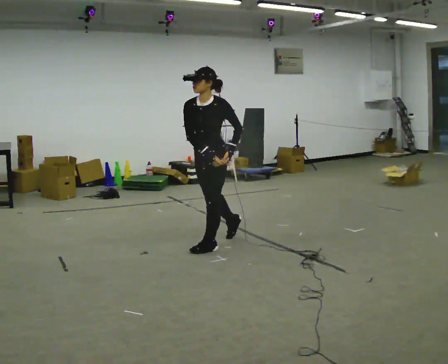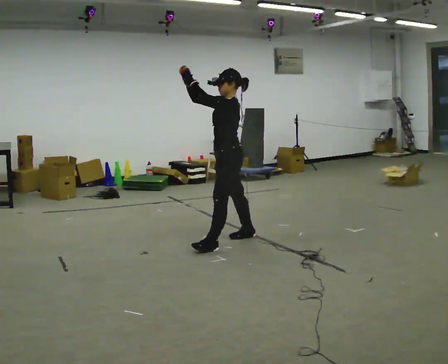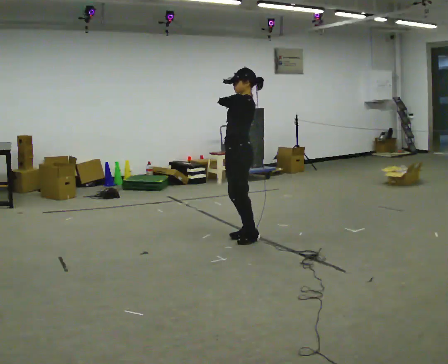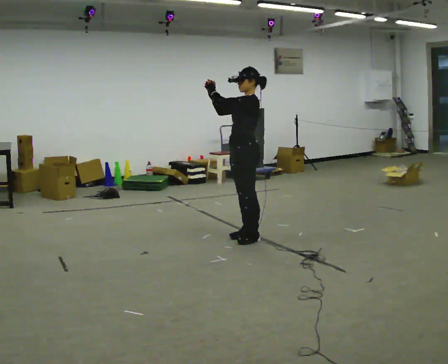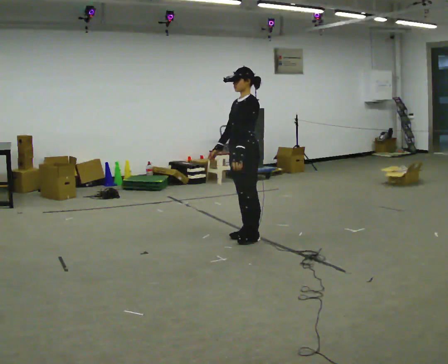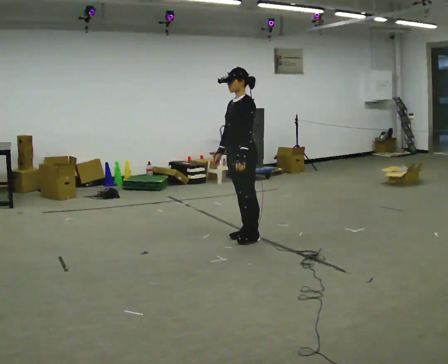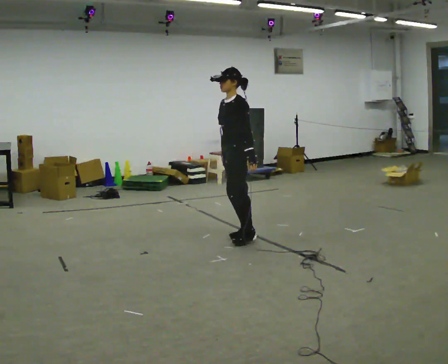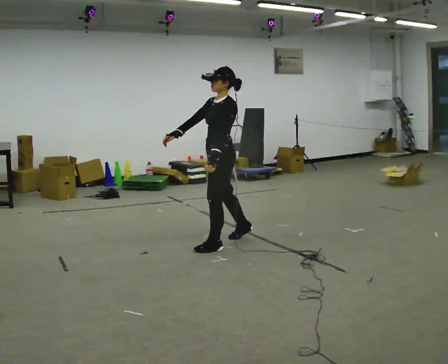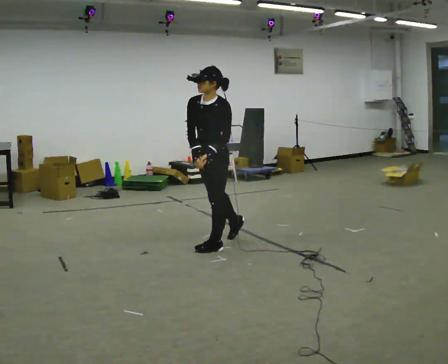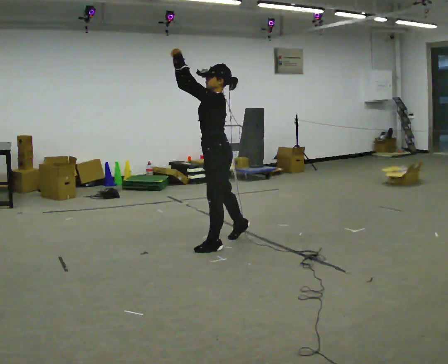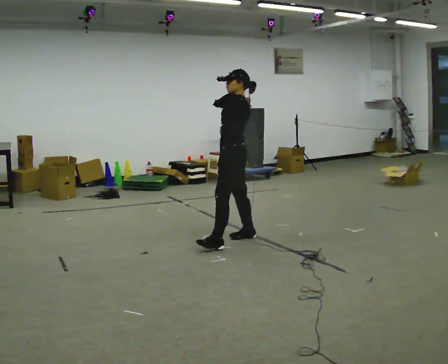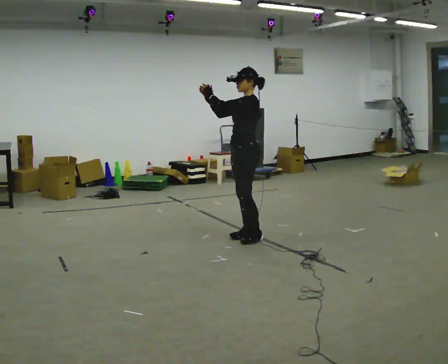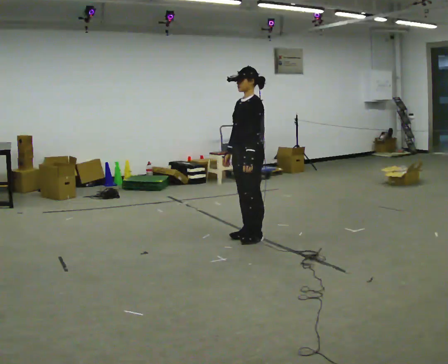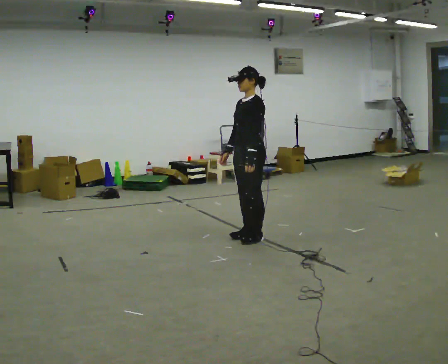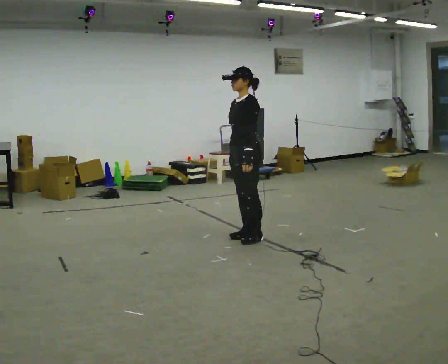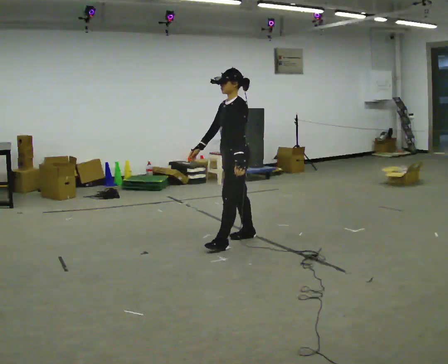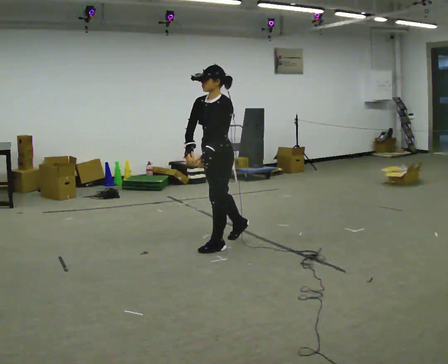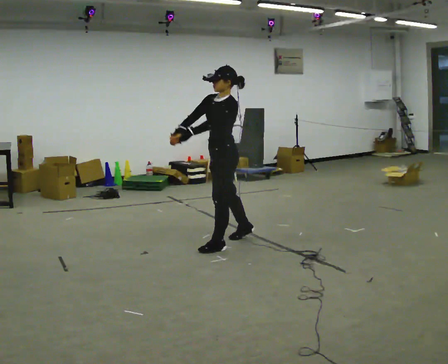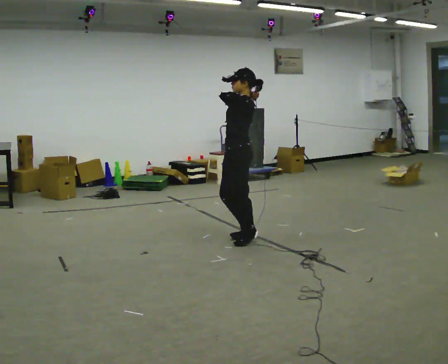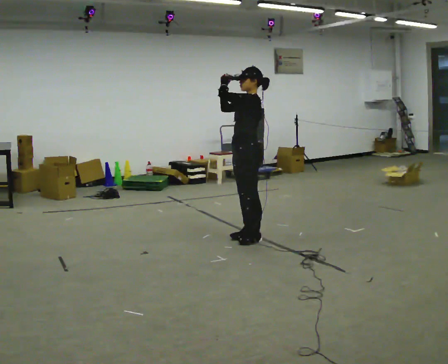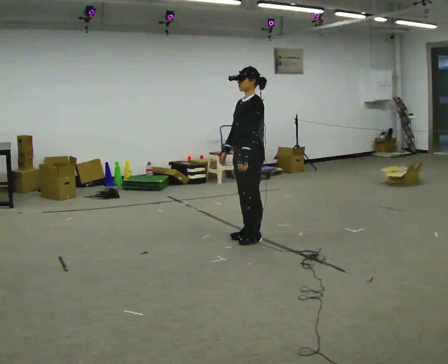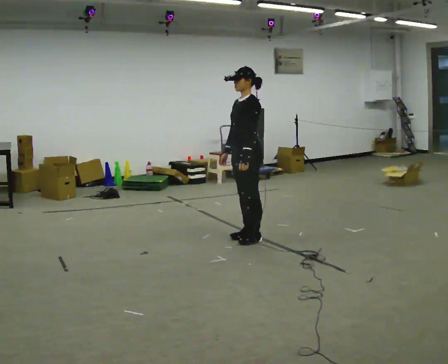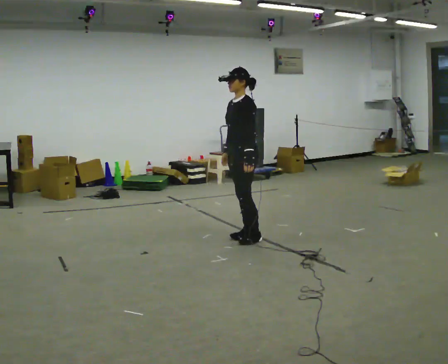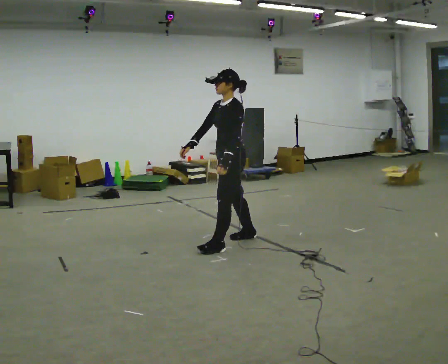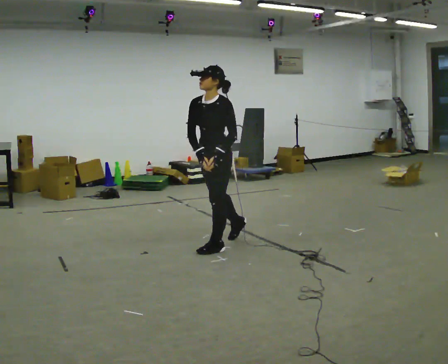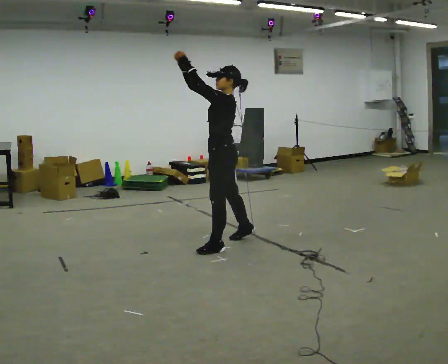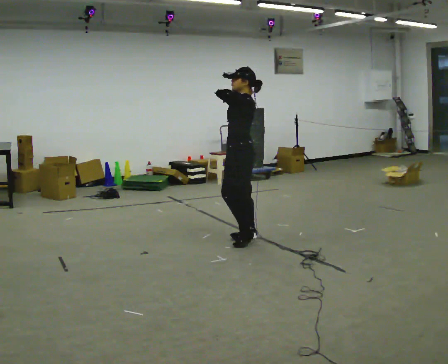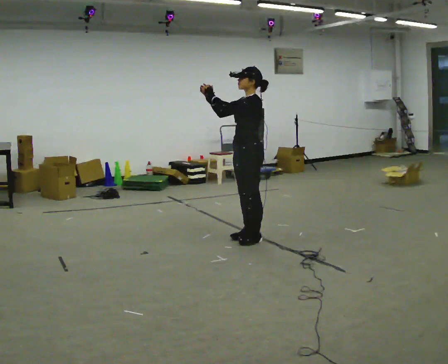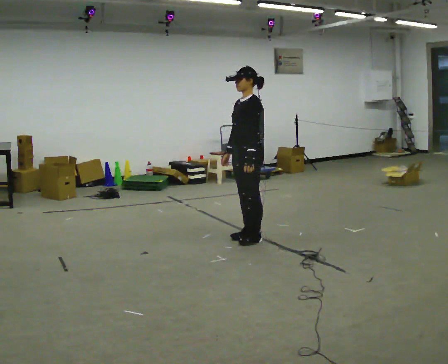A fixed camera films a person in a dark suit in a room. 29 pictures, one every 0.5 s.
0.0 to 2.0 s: In the picture they go to the right and away from the camera, about 0.5 m in 1 step, which for them is backward and to their right. The upper body tips away from the camera, its near side rolling upward.
2.0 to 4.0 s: In the picture they go to the left and toward the camera, about 0.5 m in 1 step, which for them is forward. The upper body tips toward the camera, its near side rolling downward.
4.0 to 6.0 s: In the picture they go to the right and away from the camera, about 0.5 m in 1 step, which for them is backward and to their right. The upper body tips away from the camera, its near side rolling upward.
6.0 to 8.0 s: In the picture they go to the left and toward the camera, about 0.25 m in 1 step, which for them is forward.
8.0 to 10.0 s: In the picture they go to the right and away from the camera, about 0.25 m in 1 step, which for them is backward and to their right.
10.0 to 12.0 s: In the picture they go to the left and toward the camera, about 0.5 m in 1 step, which for them is forward.
12.0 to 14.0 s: In the picture they go to the right and away from the camera, about 0.25 m in 1 step, which for them is backward and to their right.
The film runs backward here.
